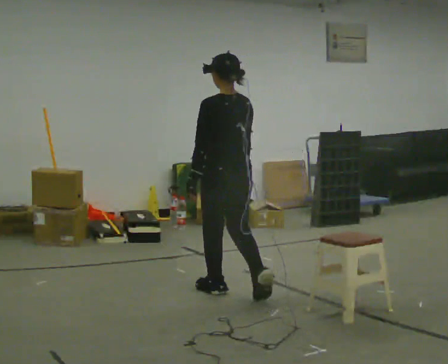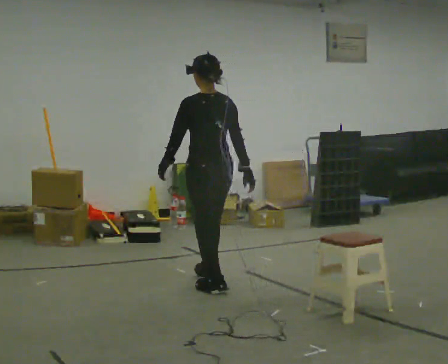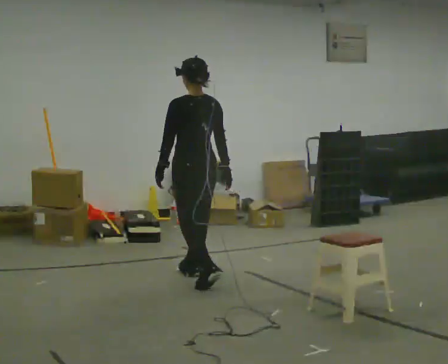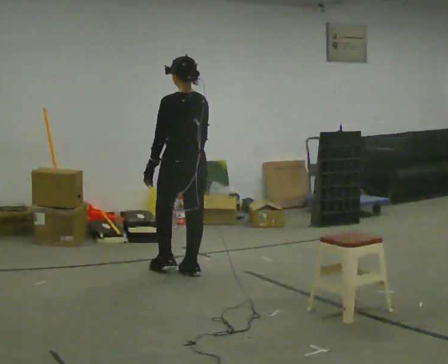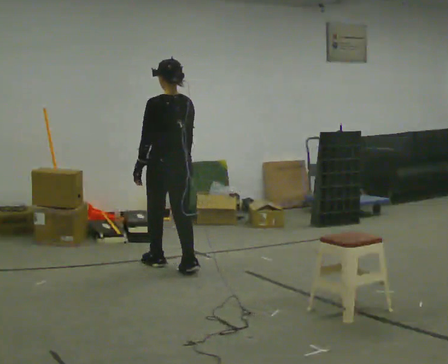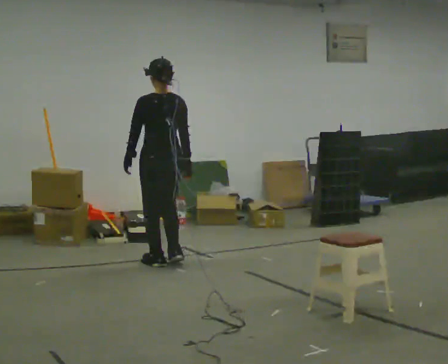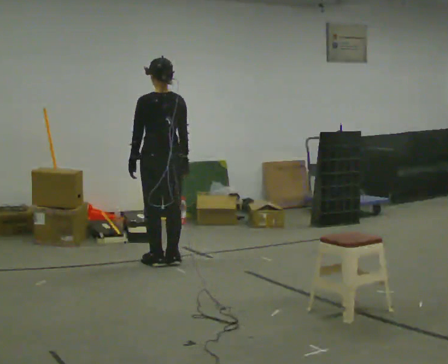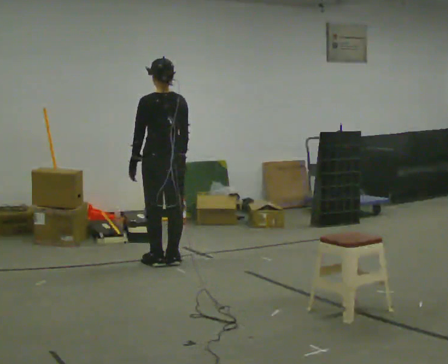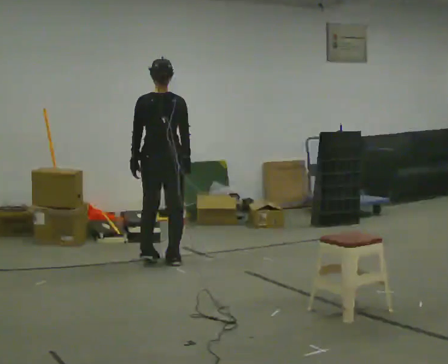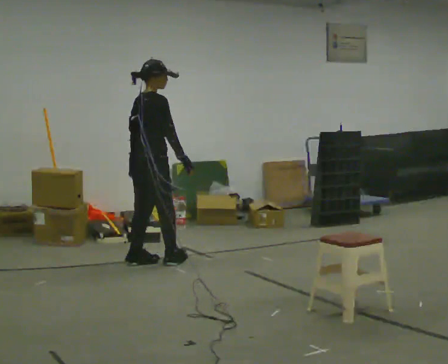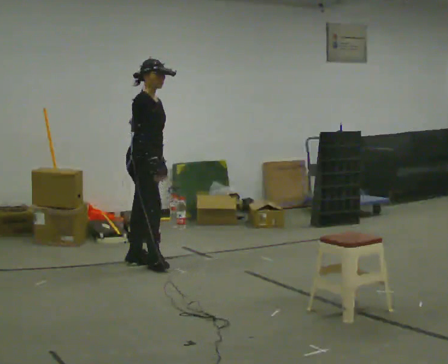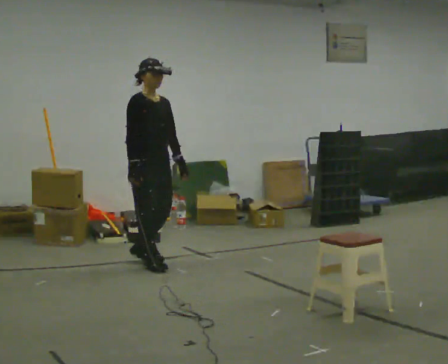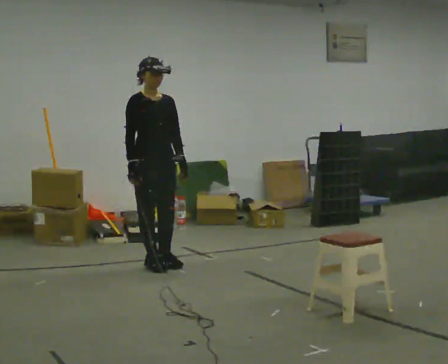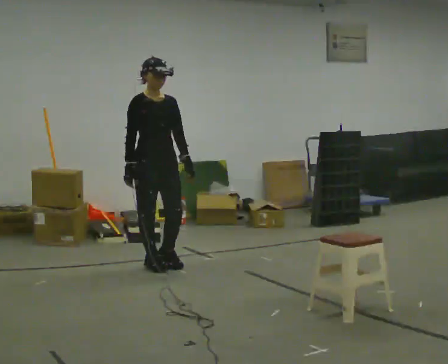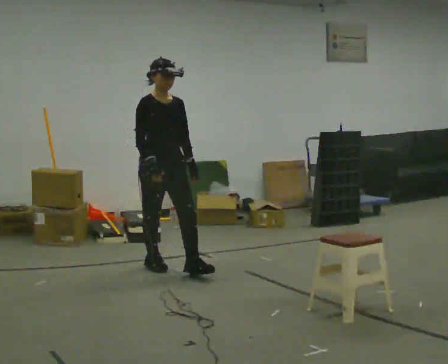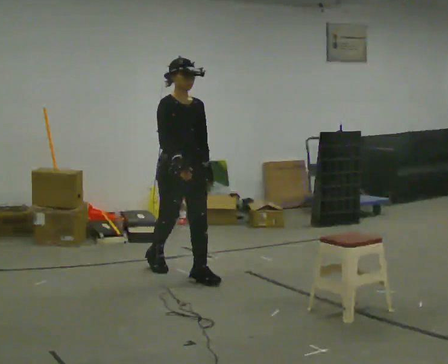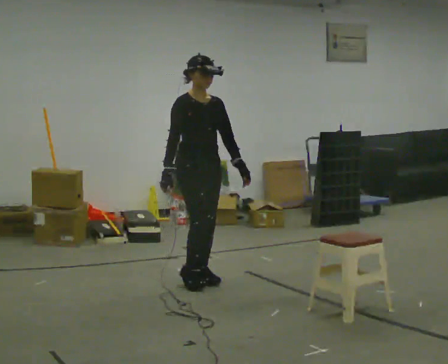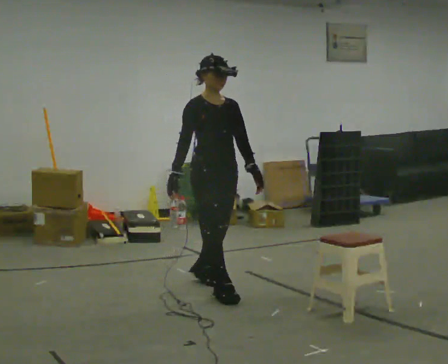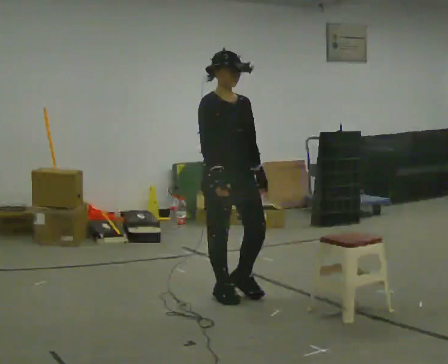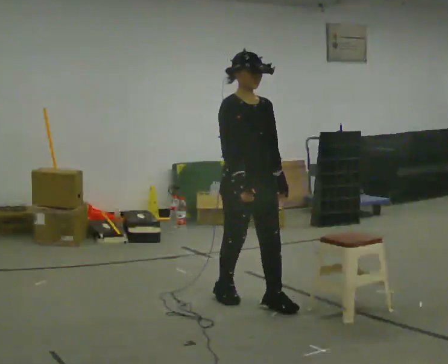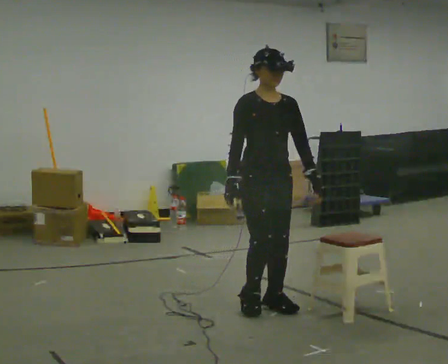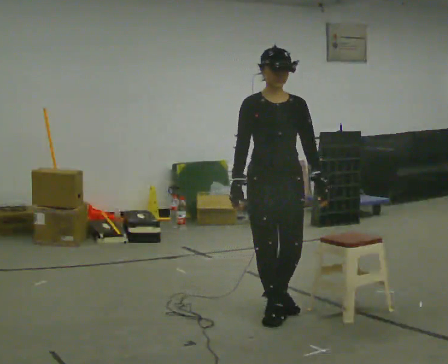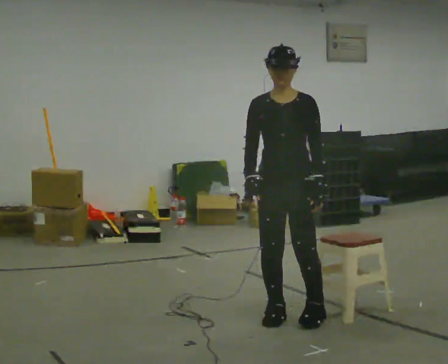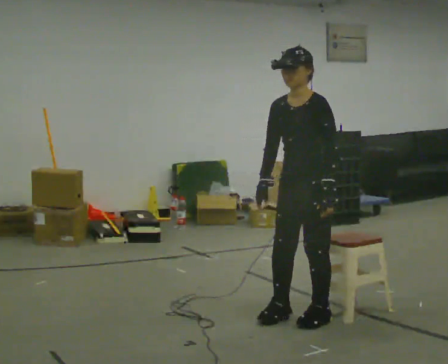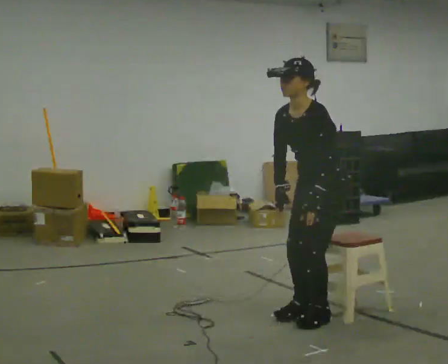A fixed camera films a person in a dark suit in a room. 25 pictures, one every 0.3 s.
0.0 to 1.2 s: In the picture they go away from the camera and to the left, about 1 m in 2 steps, which for them is forward.
1.2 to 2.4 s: The part of the body nearest the lens slides to the left as the person turns to their right by about 30 degrees. In the picture they go away from the camera, about 0.25 m in 1 step, which for them is forward.
2.4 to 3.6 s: The part of the body nearest the lens slides to the left as the person turns to their right by about 150 degrees. In the picture they go toward the camera, about 0.25 m in 3 steps. In the picture their right hand goes to the left.
3.6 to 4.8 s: In the picture they go toward the camera and to the right, about 0.5 m in 1 step, which for them is forward.
4.8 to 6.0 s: In the picture they go toward the camera and to the right, about 1 m in 2 steps, which for them is forward.
6.0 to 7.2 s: Seen from above the body turns clockwise, about 75 degrees: to their right, with its near side sliding to the left. In the picture they go to the right and toward the camera, about 0.25 m in 3 steps. In the picture the upper body tilts counterclockwise, shoulders to the left, as they bend forward.
The film runs forward here.
